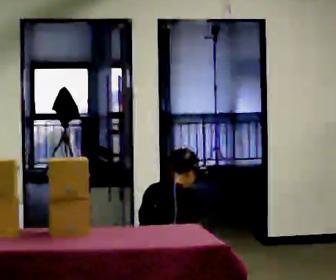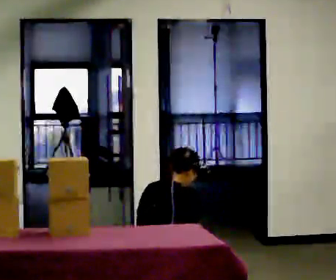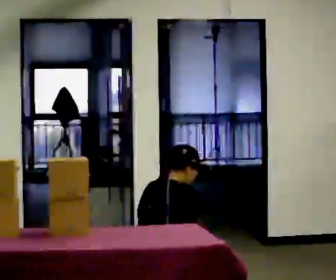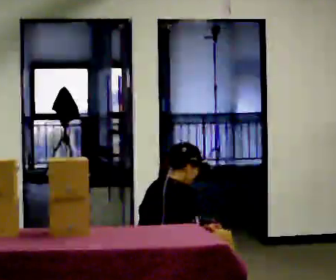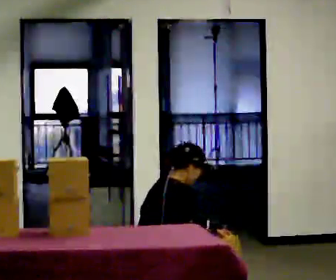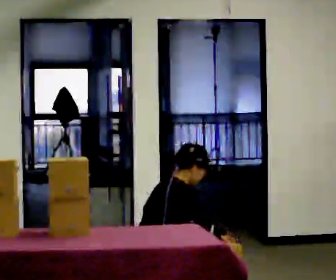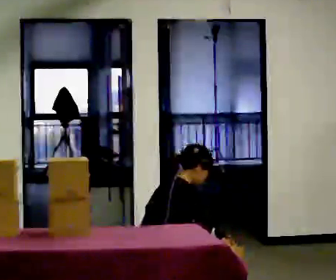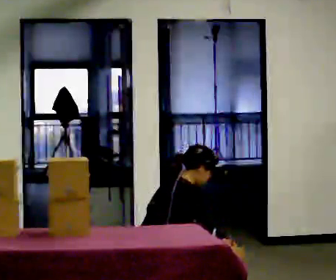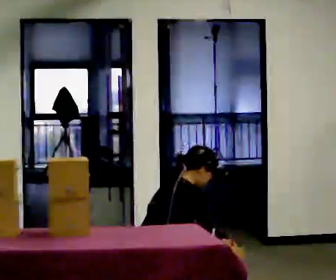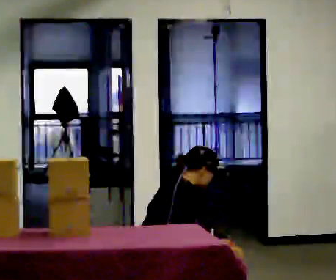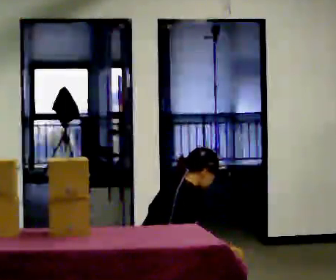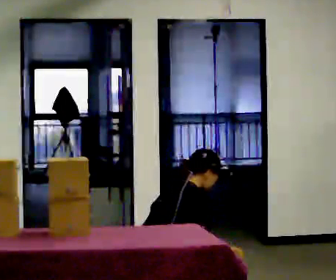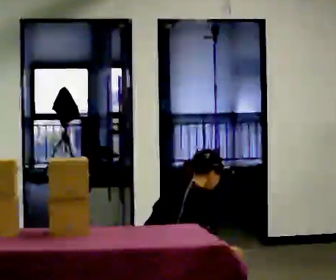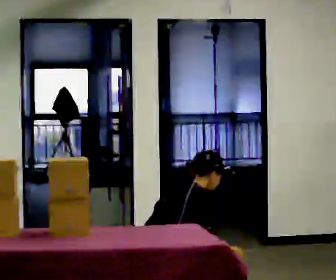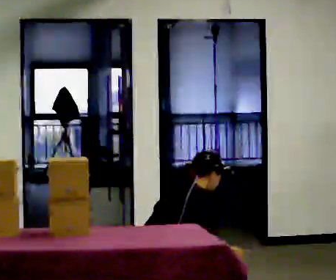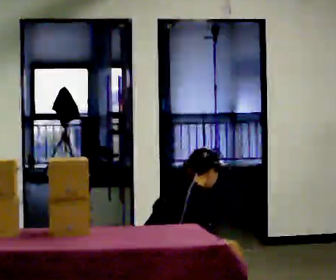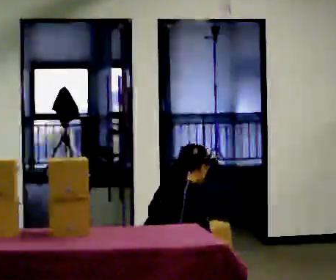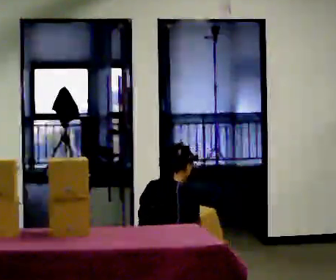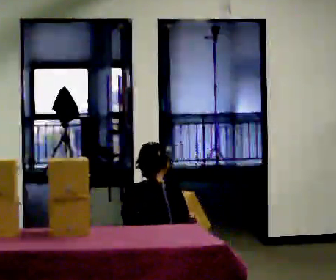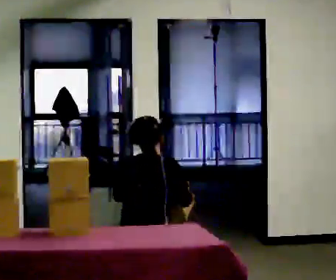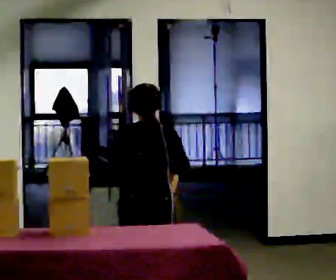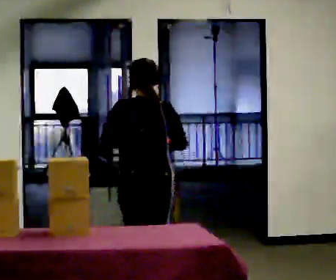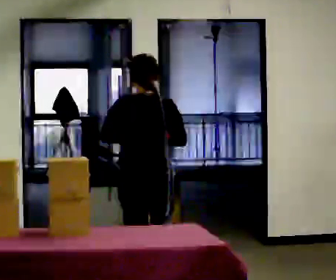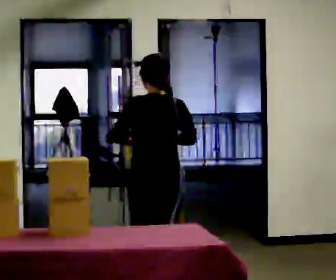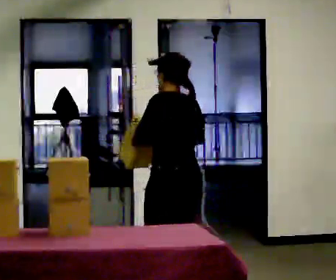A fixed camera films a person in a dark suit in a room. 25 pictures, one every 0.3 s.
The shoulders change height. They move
upward.
0.0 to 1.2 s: The part of the body nearest the lens slides to the left as the person turns to their right by about 30 degrees. The upper body tips toward the camera, its near side rolling downward. In the picture their left hand goes to the right.
1.2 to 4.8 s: The person moves a little, or ends about where they began.
4.8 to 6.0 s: Seen from above the body turns counterclockwise, about 30 degrees: to their left, with its near side sliding to the right. The upper body goes upward. In the picture the upper body tilts counterclockwise, shoulders to the left. In the picture their right hand goes upward.
6.0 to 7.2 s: The person turns about 45 degrees to their left, counterclockwise seen from above, so the part of the body nearest the lens slides to the right. In the picture they go to the right, about 0.25 m in 1 step, which for them is to their right. The shoulders move upward.
The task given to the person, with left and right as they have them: Collect three or four objects from around the room, gather them in your arms, then carry them all to the shelf together. Keep going until the operator says stop; one object at a time, and do not rush between trips.
The film runs forward here.
